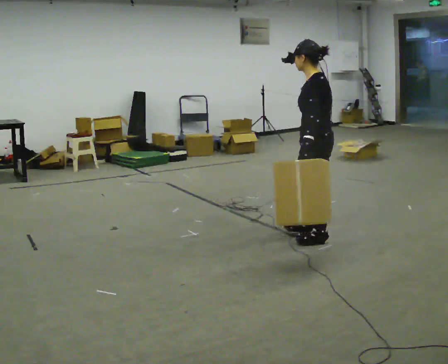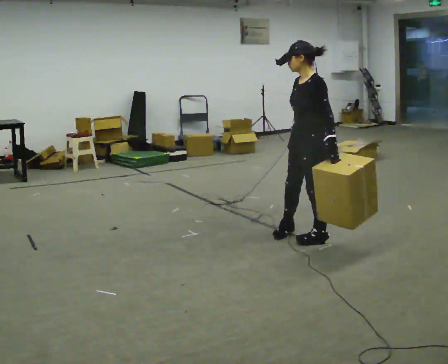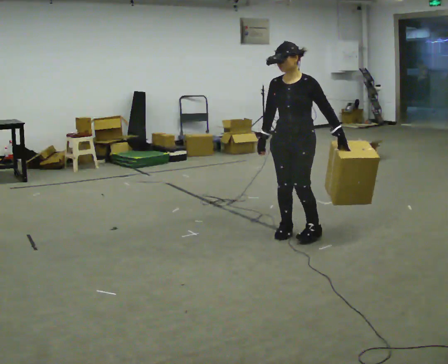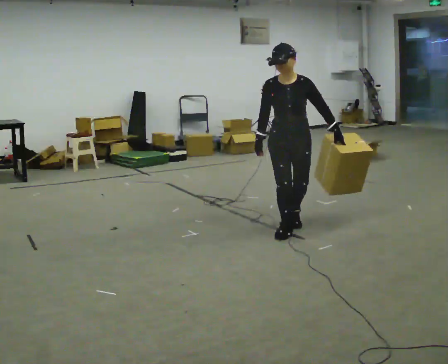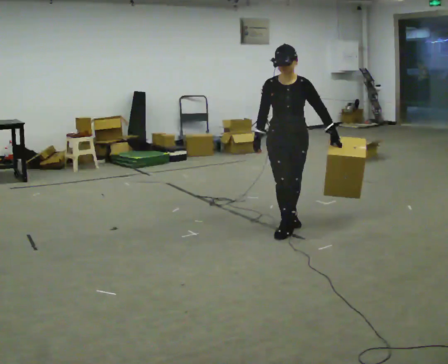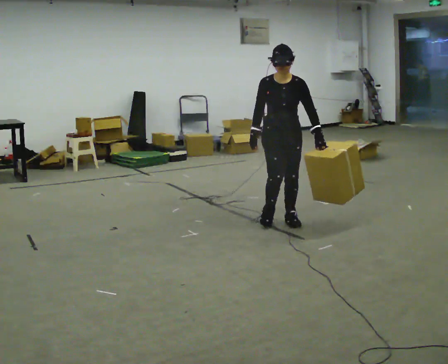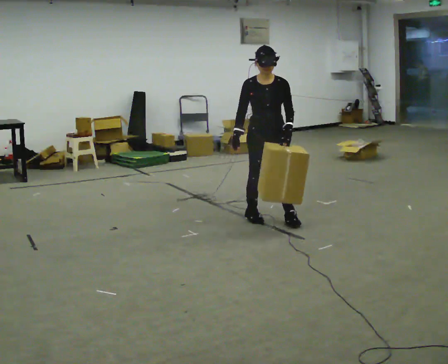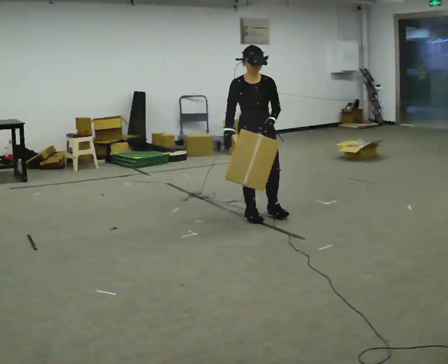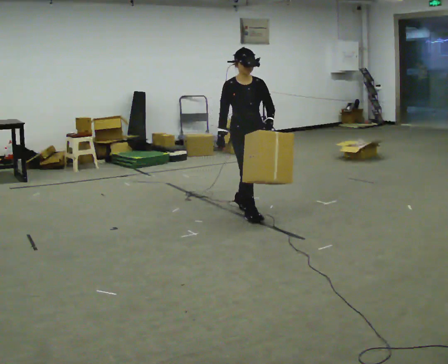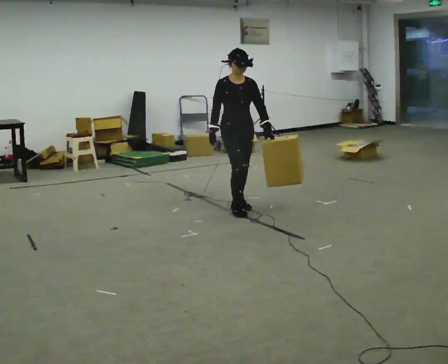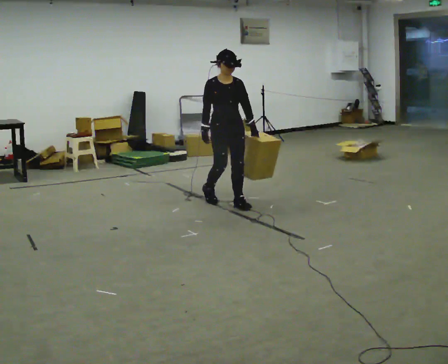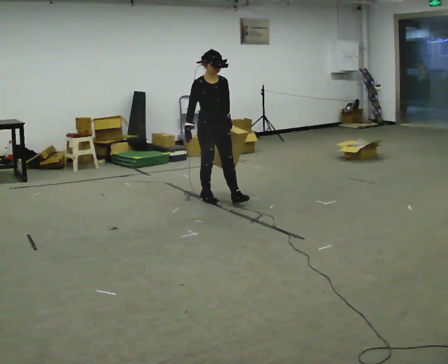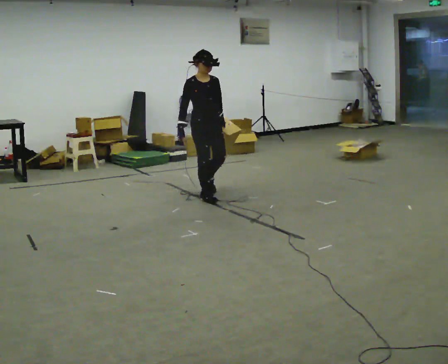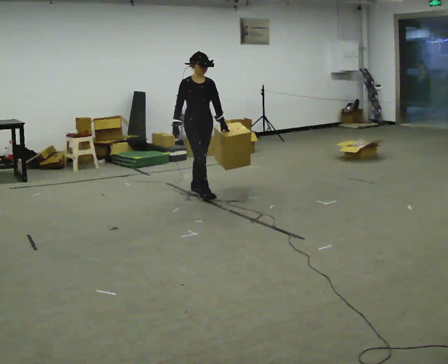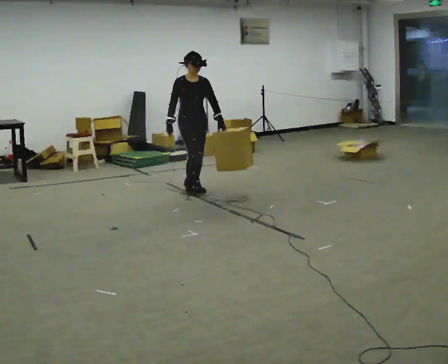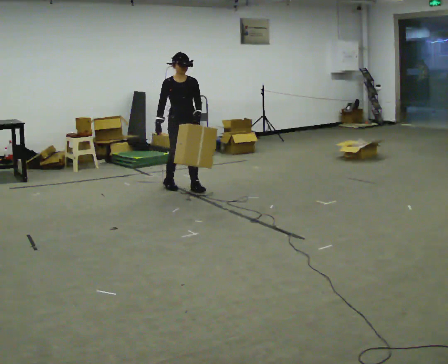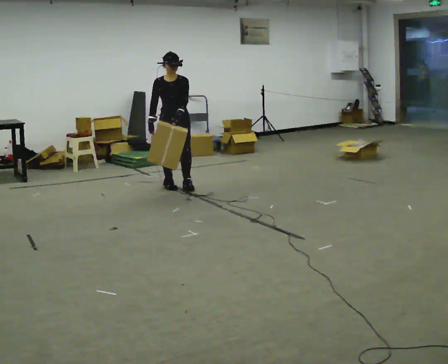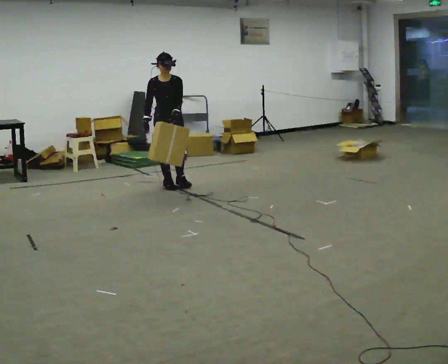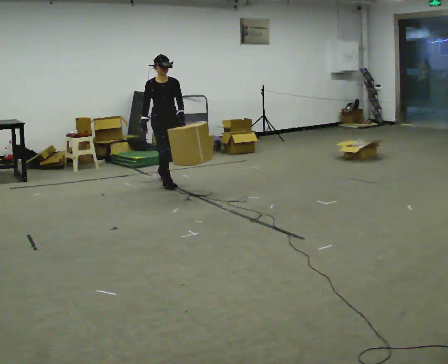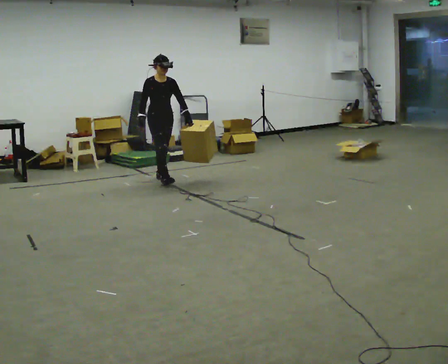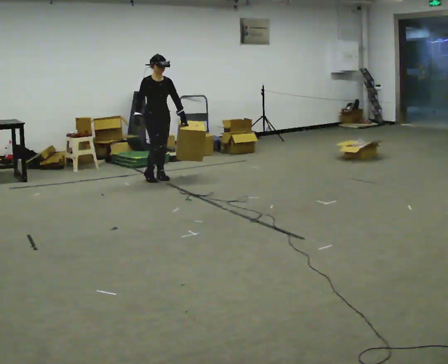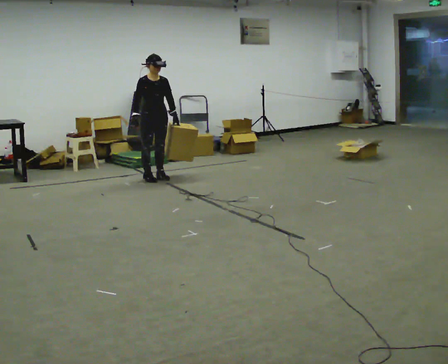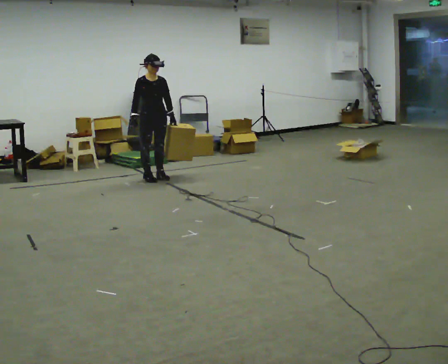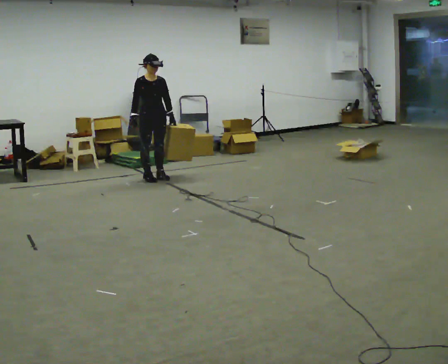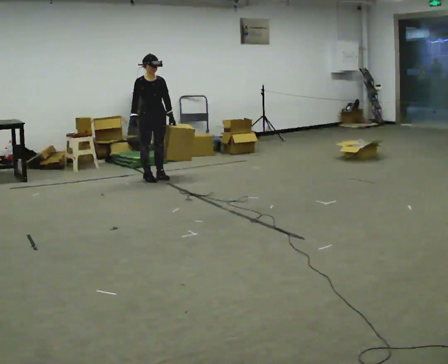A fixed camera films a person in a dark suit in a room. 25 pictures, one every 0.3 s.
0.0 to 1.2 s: Seen from above the body turns counterclockwise, about 105 degrees: to their left, with its near side sliding to the right. In the picture they go away from the camera and to the left, about 0.5 m in 1 step.
1.2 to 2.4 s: In the picture they go away from the camera and to the left, about 0.5 m in 2 steps, which for them is backward and to their right.
2.4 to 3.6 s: In the picture they go away from the camera and to the left, about 0.75 m in 2 steps, which for them is backward.
3.6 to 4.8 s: In the picture they go away from the camera and to the left, about 0.5 m in 1 step, which for them is backward.
4.8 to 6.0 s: In the picture they go away from the camera and to the left, about 0.5 m in 2 steps, which for them is backward.
6.0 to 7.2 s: The person moves a little, or ends about where they began.
The film runs backward here.
